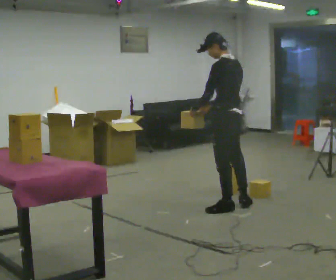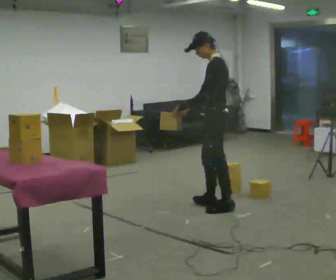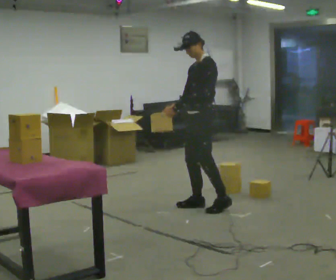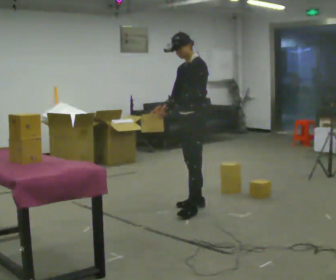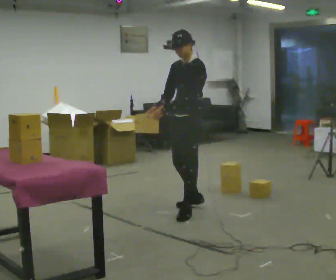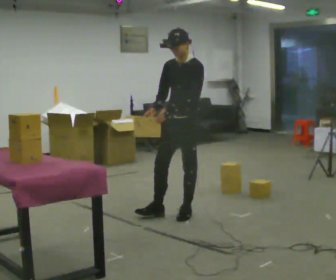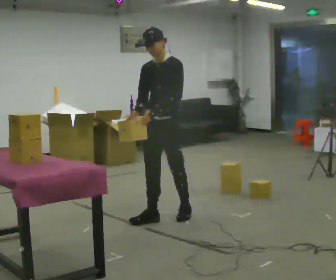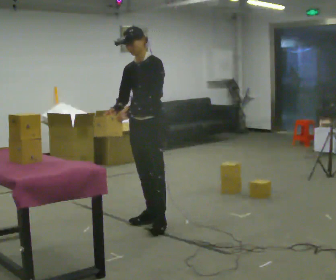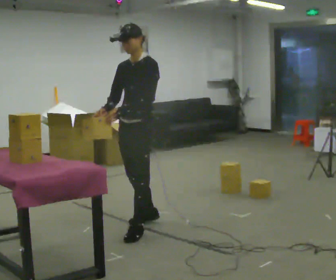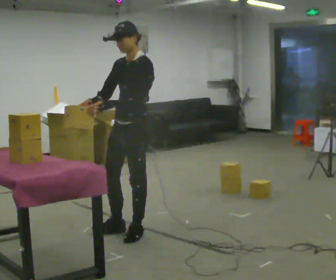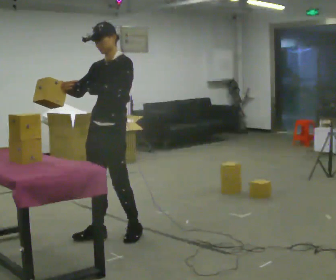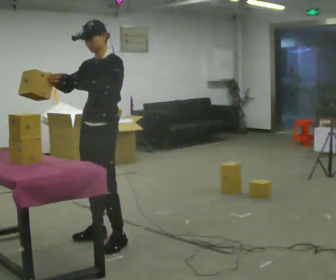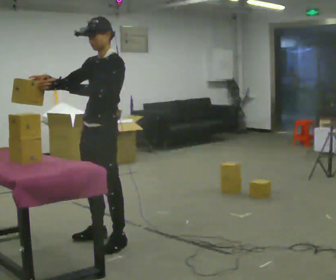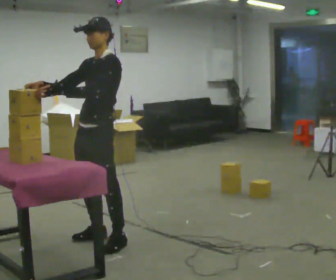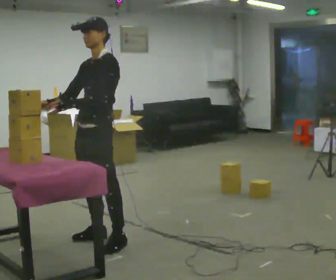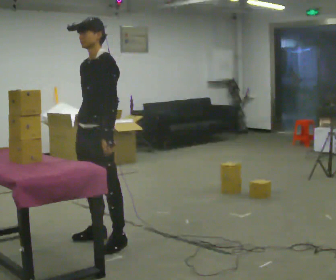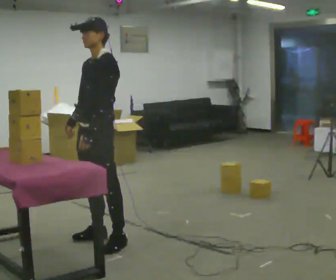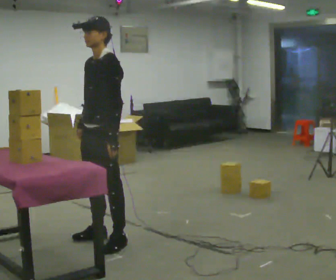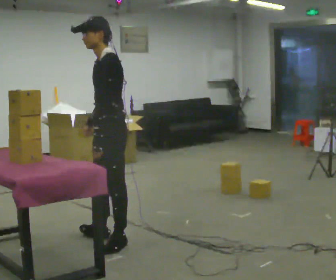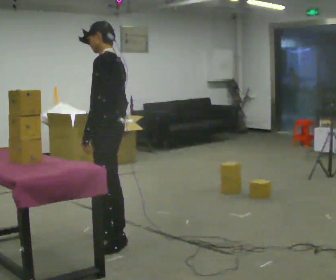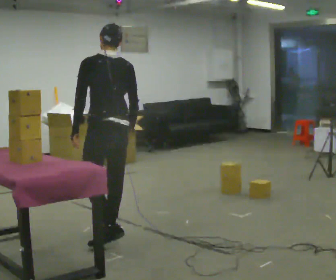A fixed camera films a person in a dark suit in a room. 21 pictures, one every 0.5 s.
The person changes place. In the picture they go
to the left.
0.0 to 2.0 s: The person turns about 75 degrees to their left, counterclockwise seen from above, so the part of the body nearest the lens slides to the right. In the picture they go to the left, about 0.25 m in 2 steps.
2.0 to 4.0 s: In the picture they go to the left and toward the camera, about 0.75 m in 2 steps, which for them is forward.
4.0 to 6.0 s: In the picture they go toward the camera and to the left, about 0.5 m in 2 steps, which for them is forward.
6.0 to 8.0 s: In the picture their right hand goes downward.
8.0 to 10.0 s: Seen from above the body turns clockwise, about 105 degrees: to their right, with its near side sliding to the left. In the picture their right hand goes to the right, the arm swinging counterclockwise.
The film runs forward here.
